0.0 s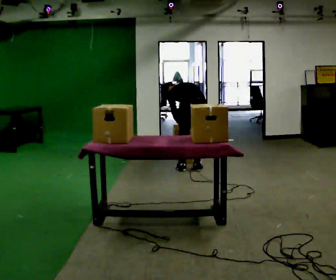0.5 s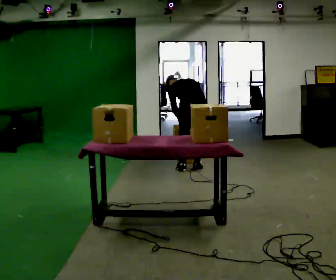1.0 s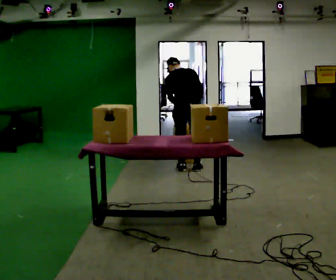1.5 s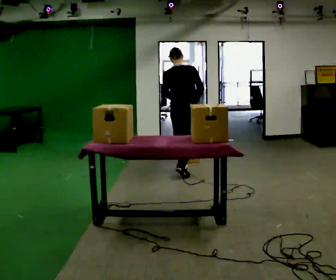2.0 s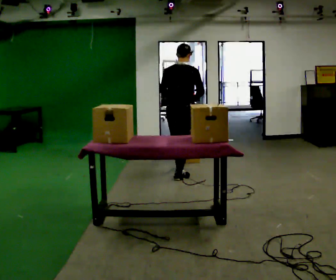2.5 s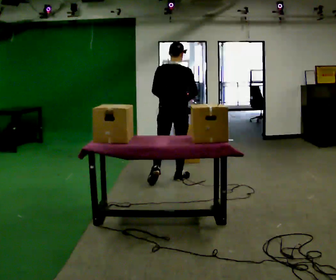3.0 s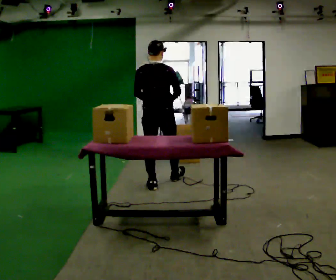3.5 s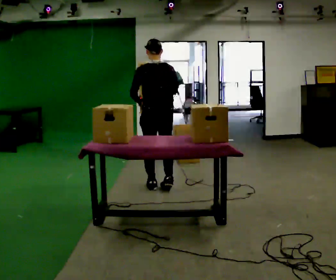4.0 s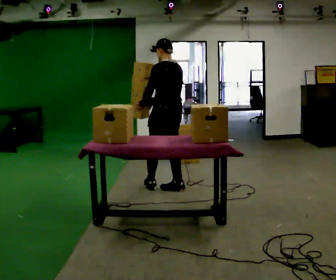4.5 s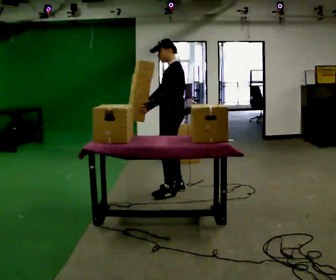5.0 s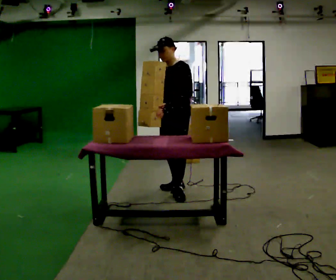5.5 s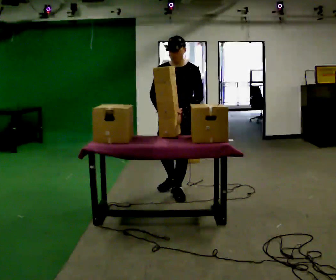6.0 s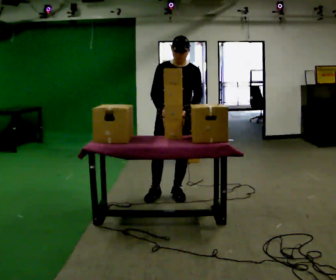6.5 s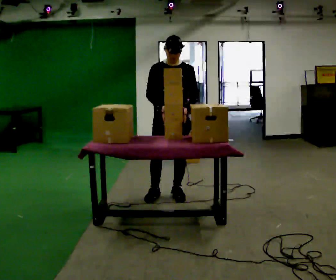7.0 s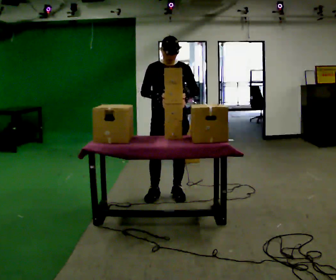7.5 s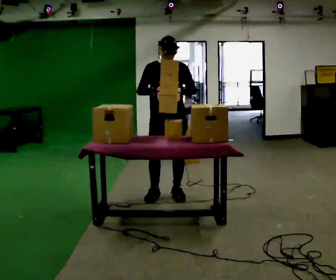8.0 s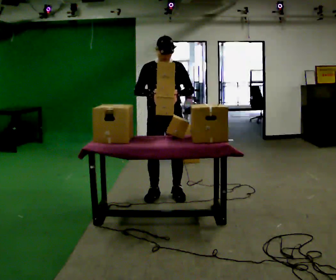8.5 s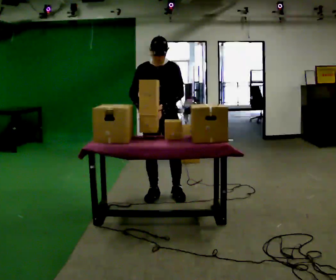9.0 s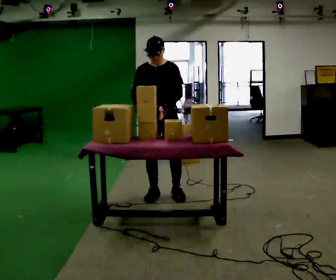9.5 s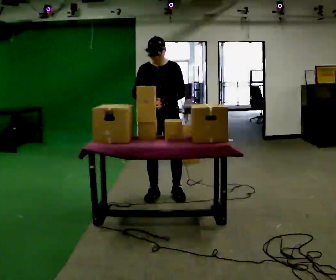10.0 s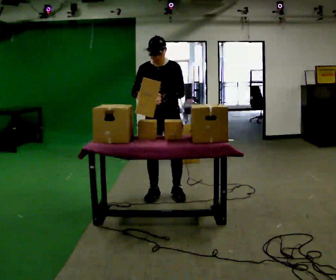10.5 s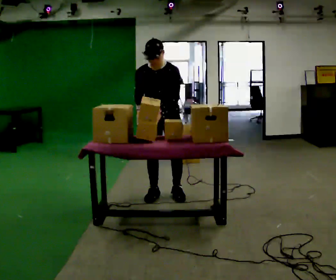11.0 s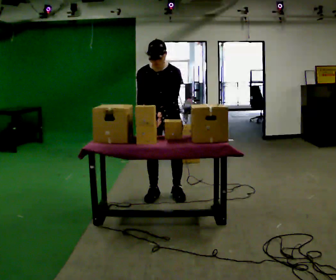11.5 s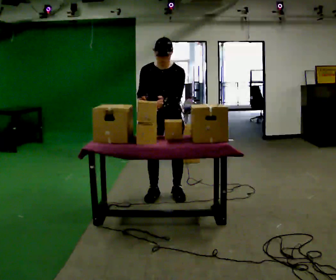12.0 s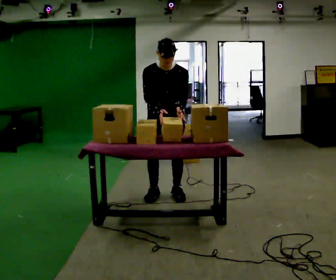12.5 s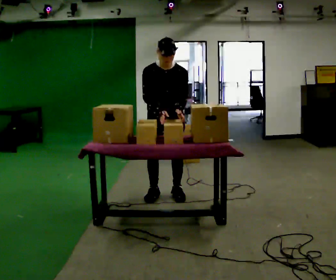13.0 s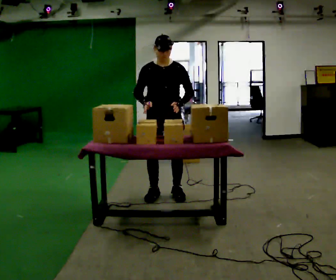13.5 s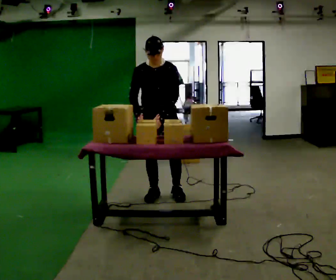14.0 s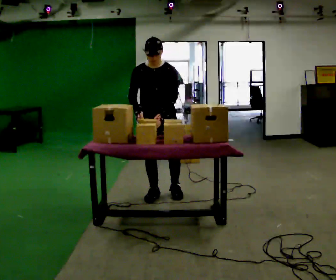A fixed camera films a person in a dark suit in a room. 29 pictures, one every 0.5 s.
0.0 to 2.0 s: The part of the body nearest the lens slides to the left as the person turns to their right by about 30 degrees. In the picture they go toward the camera and to the left, about 0.25 m in 2 steps, which for them is backward and to their left. The shoulders move upward. The upper body tips toward the camera, its near side rolling downward, as they lean back or straighten. In the picture their left hand goes upward.
2.0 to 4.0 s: The person turns about 60 degrees to their left, counterclockwise seen from above, so the part of the body nearest the lens slides to the right. In the picture they go toward the camera, about 0.5 m in 1 step.
4.0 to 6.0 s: Seen from above the body turns counterclockwise, about 135 degrees: to their left, with its near side sliding to the right. In the picture they go toward the camera, about 0.25 m in 2 steps. In the picture their left hand goes to the right, the arm swinging counterclockwise.
6.0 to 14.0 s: In the picture they go to the left, about 0.25 m, which for them is to their right.
The film runs backward here.
